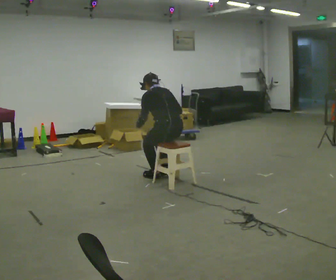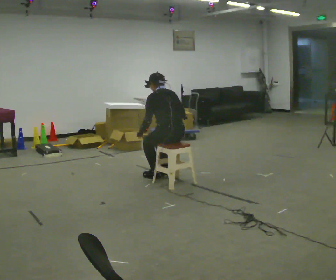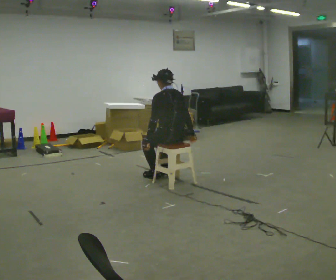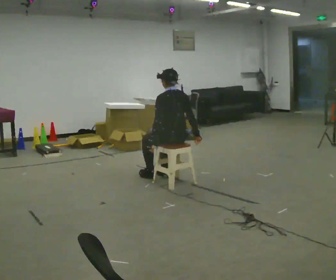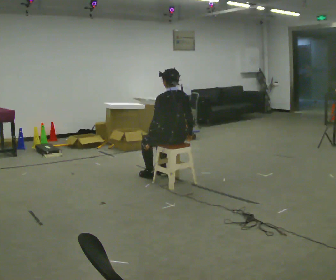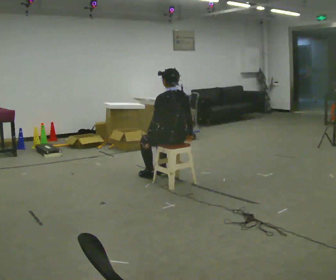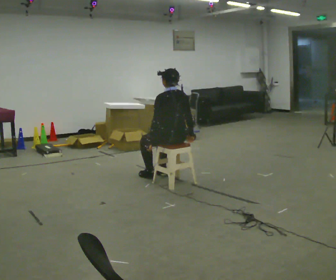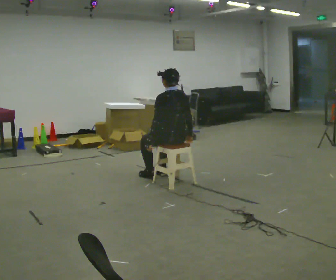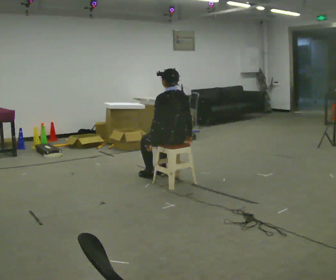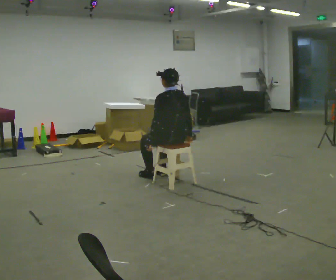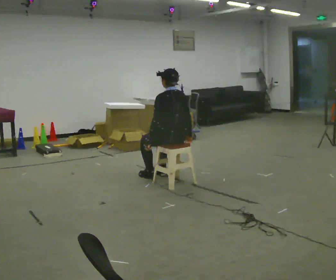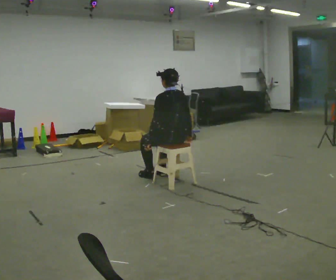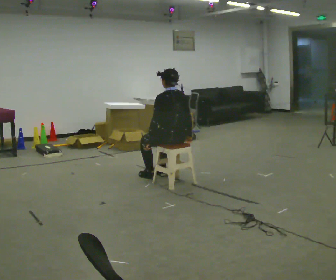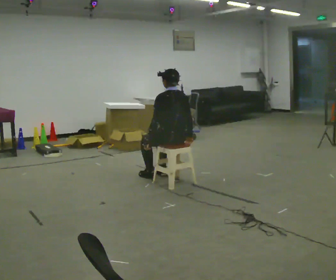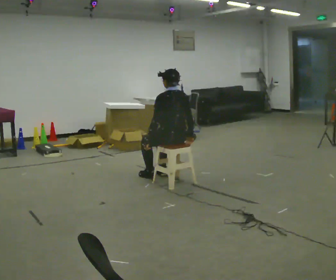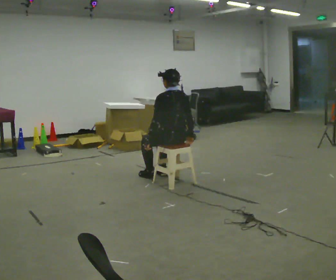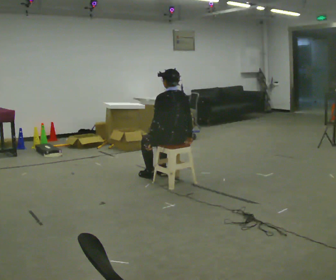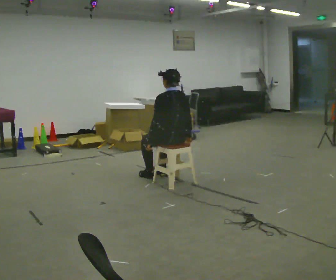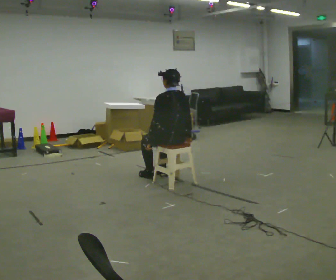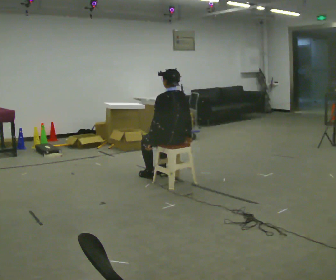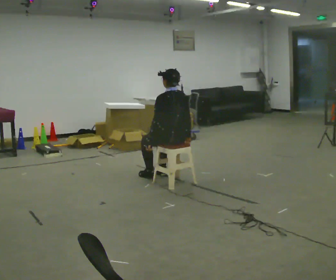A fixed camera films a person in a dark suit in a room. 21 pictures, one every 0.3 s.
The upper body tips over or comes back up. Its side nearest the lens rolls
downward.
0.0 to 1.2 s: The upper body tips toward the camera, its near side rolling downward, as they lean back or straighten.
1.2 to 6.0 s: The person moves a little, or ends about where they began.
The film runs forward here.
